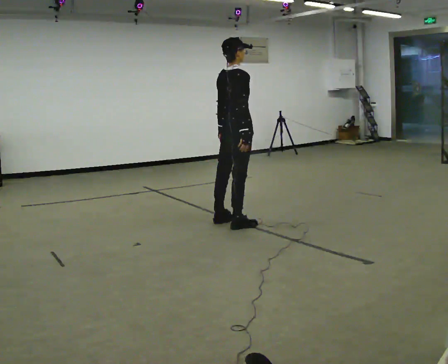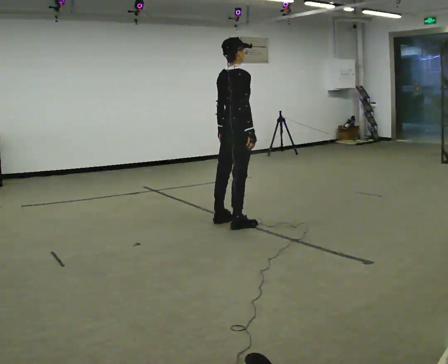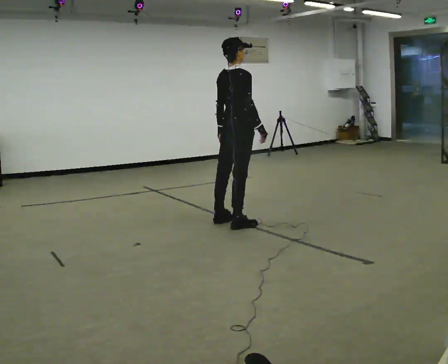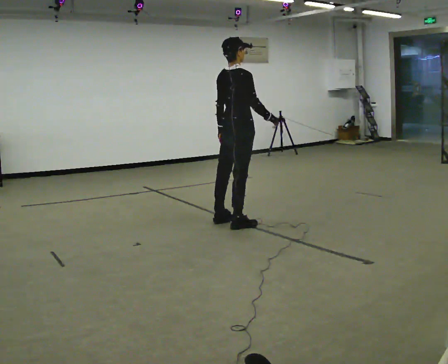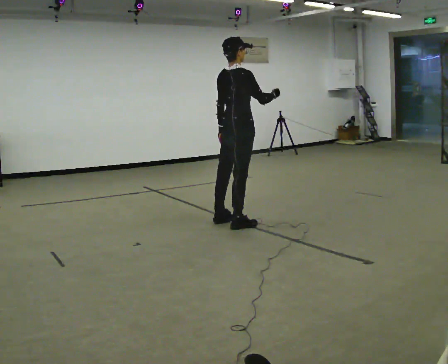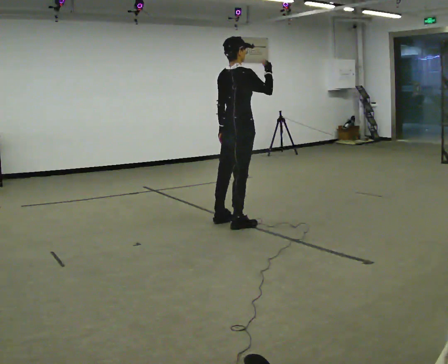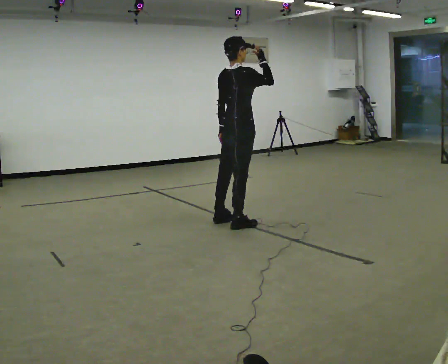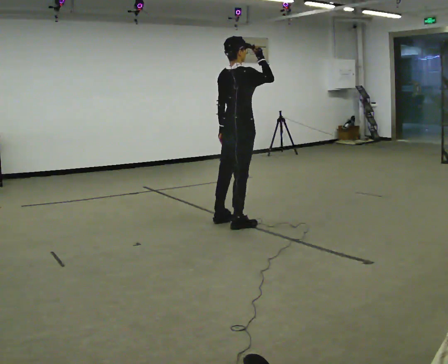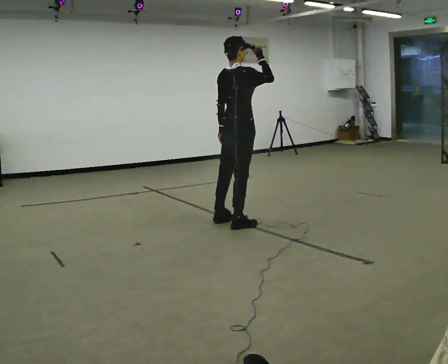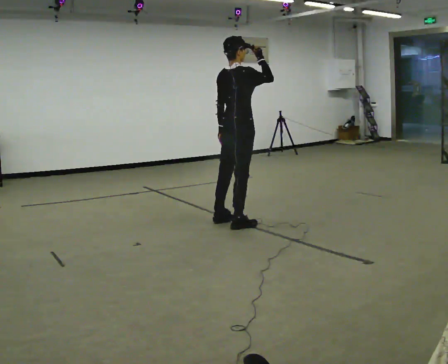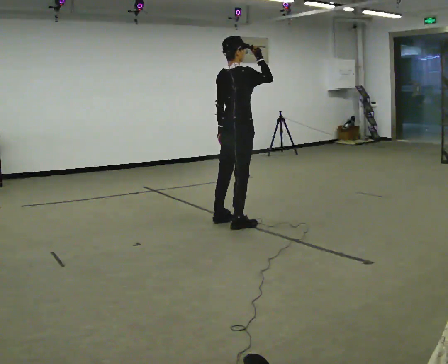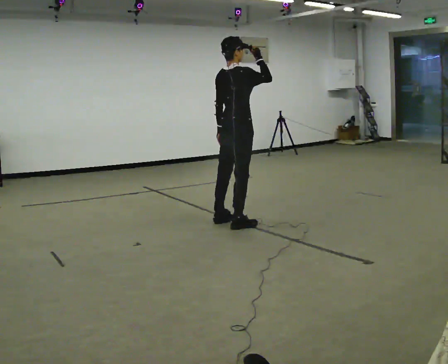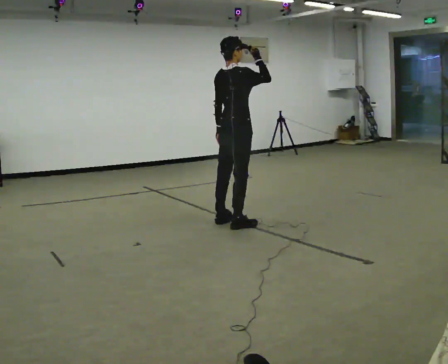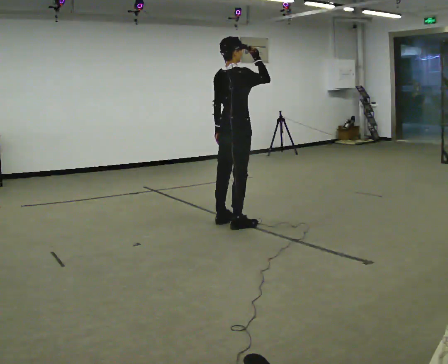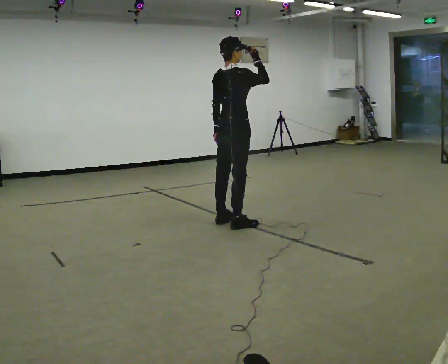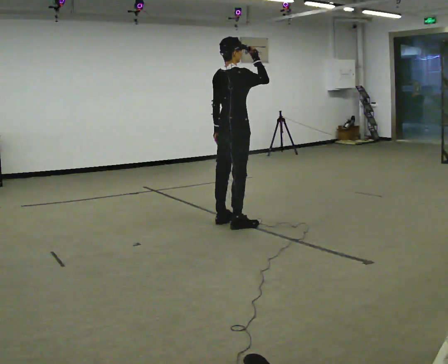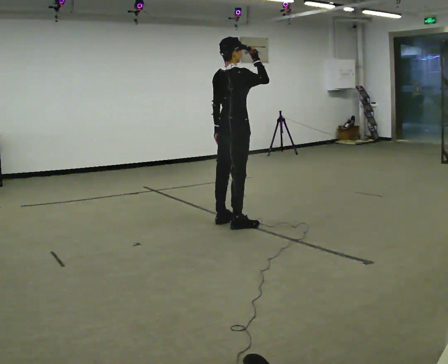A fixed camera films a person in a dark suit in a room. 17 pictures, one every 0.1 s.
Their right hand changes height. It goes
upward.
0.0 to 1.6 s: In the picture their right hand goes upward.
The film runs backward here.
